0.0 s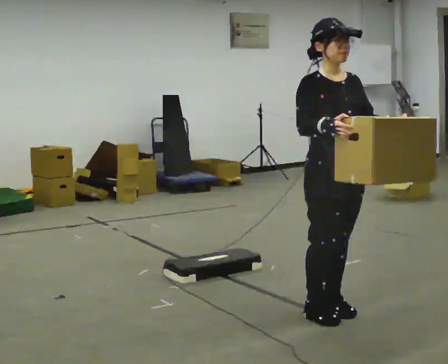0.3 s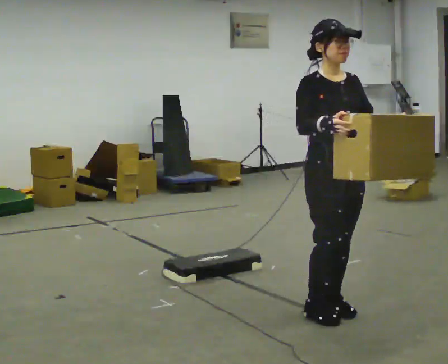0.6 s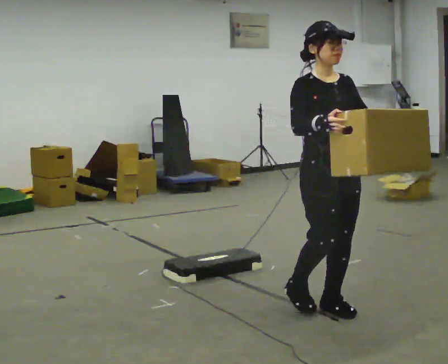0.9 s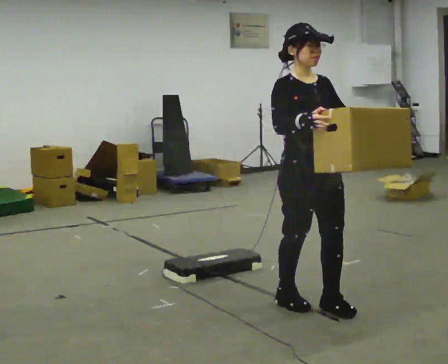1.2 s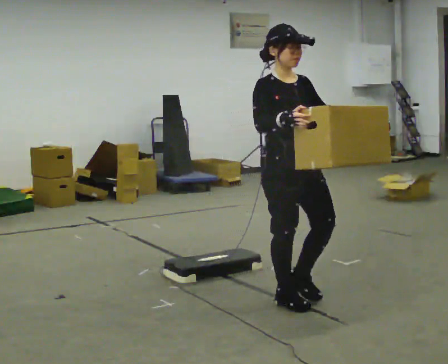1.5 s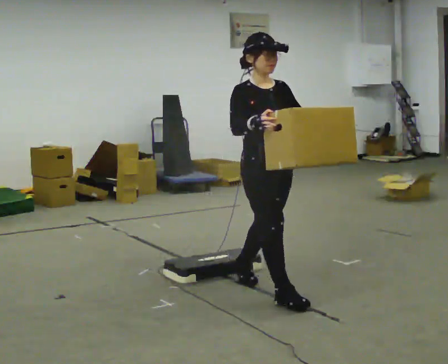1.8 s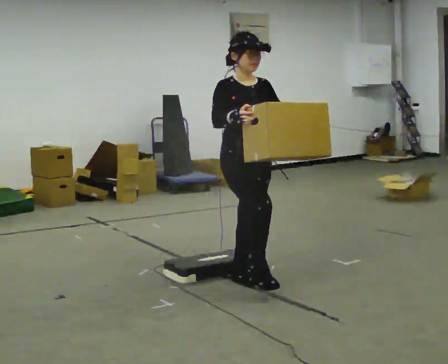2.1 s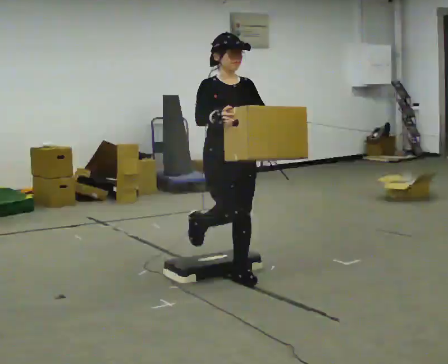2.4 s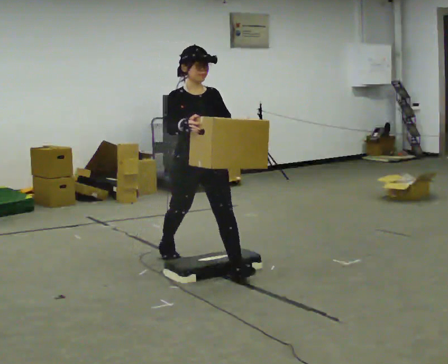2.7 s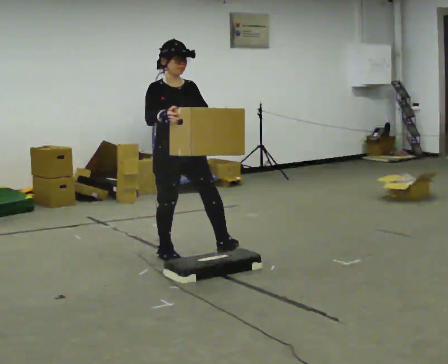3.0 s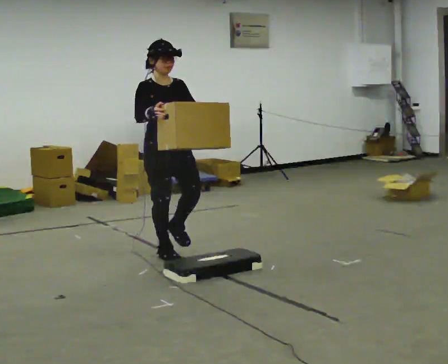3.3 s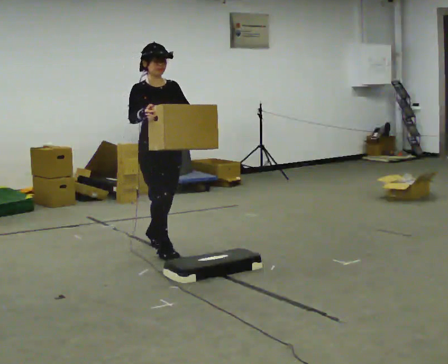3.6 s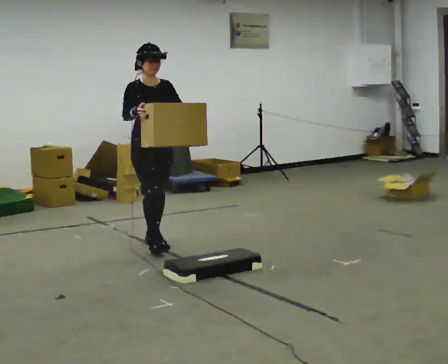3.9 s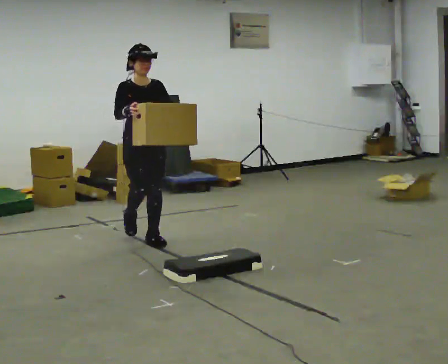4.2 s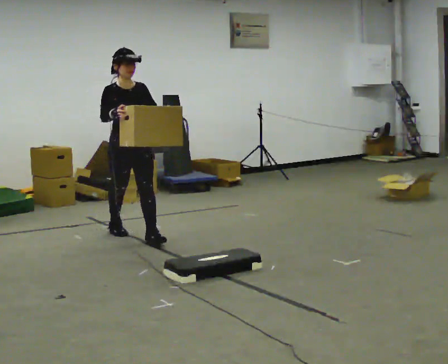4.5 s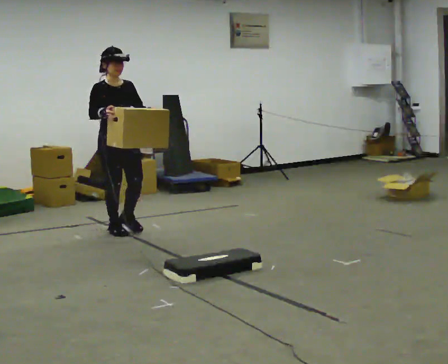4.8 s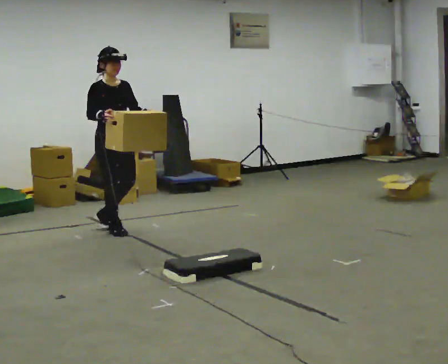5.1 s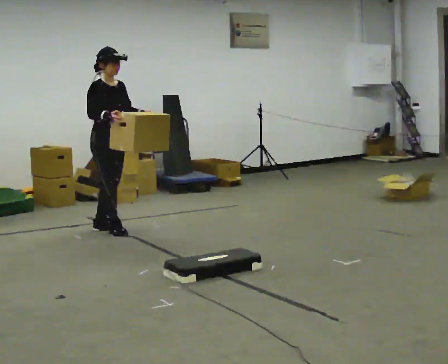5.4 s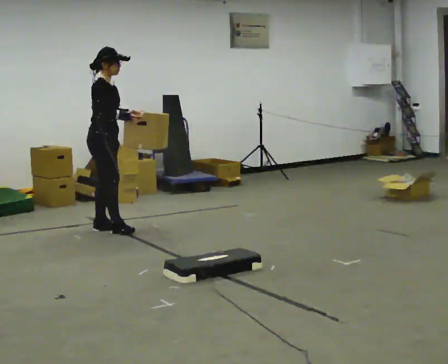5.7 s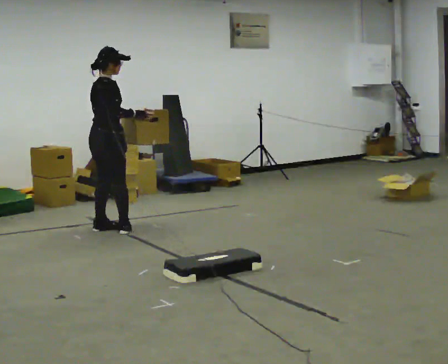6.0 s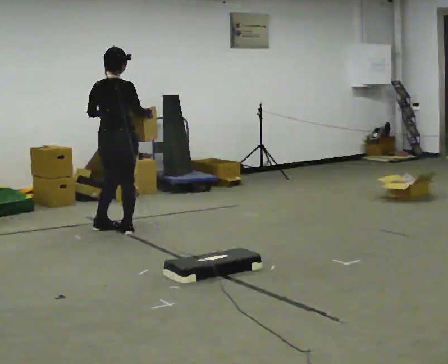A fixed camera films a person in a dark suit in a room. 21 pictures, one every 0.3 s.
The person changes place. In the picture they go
away from the camera.
0.0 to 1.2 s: In the picture they go away from the camera and to the left, about 0.25 m in 2 steps, which for them is backward.
1.2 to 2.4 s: In the picture they go away from the camera and to the left, about 1 m in 2 steps, which for them is backward.
2.4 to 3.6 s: In the picture they go away from the camera and to the left, about 1 m in 1 step, which for them is backward.
3.6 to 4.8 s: In the picture they go away from the camera and to the left, about 0.5 m in 1 step, which for them is backward.
4.8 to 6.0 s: The person turns about 120 degrees to their left, counterclockwise seen from above, so the part of the body nearest the lens slides to the right. In the picture their left hand goes to the left.
The film runs backward here.
